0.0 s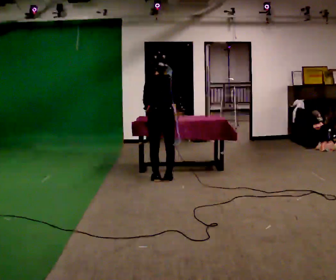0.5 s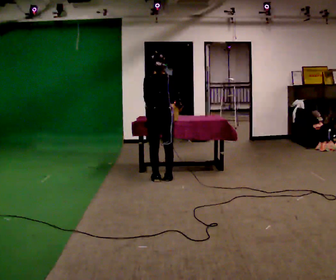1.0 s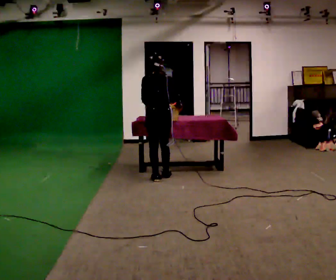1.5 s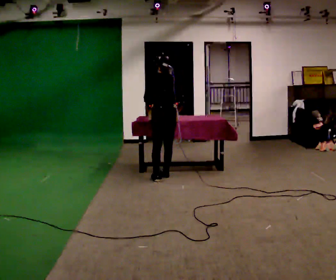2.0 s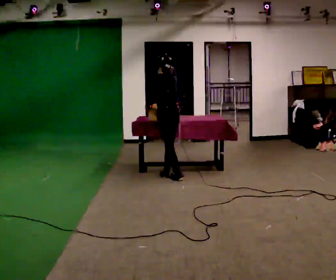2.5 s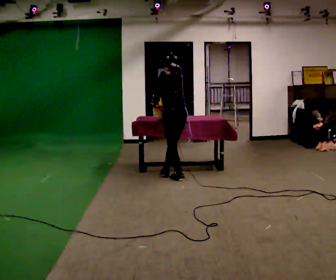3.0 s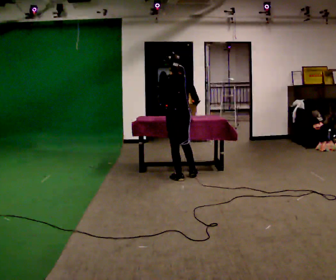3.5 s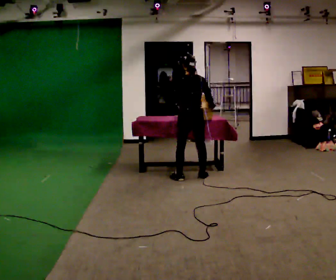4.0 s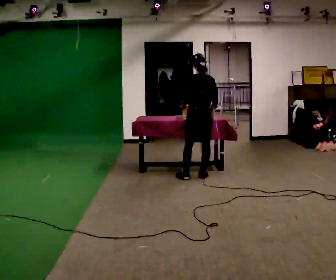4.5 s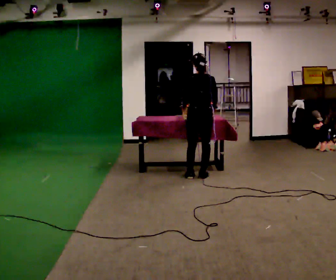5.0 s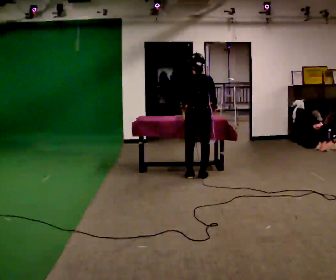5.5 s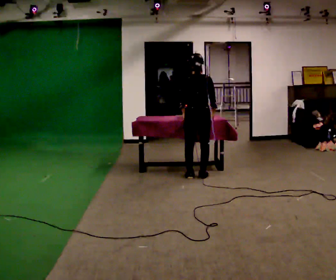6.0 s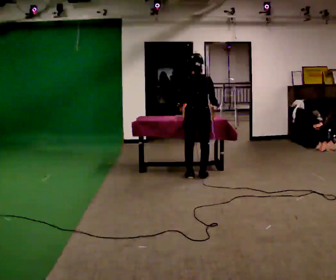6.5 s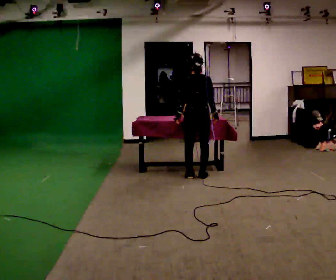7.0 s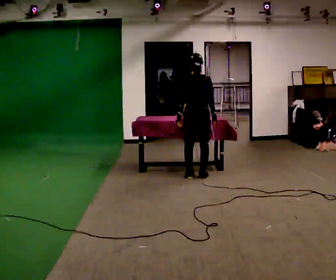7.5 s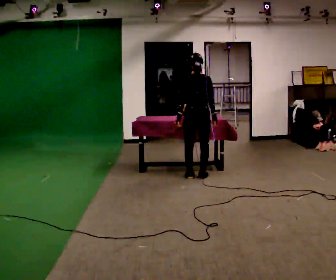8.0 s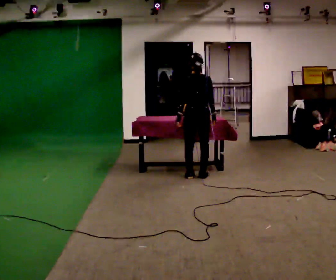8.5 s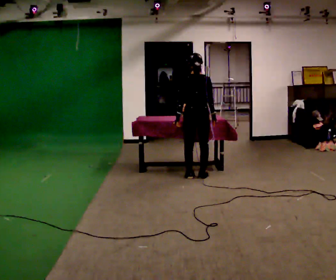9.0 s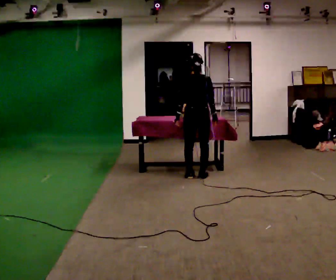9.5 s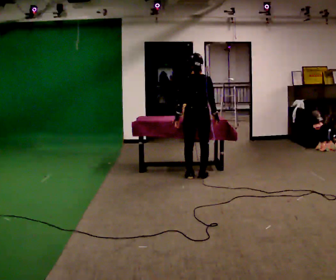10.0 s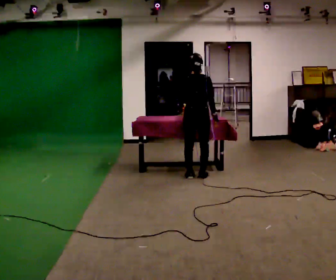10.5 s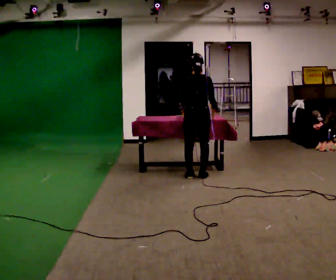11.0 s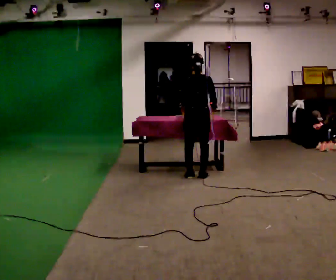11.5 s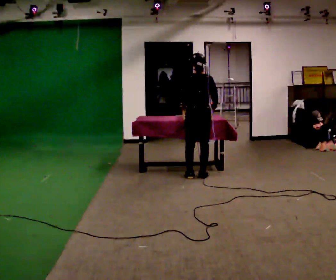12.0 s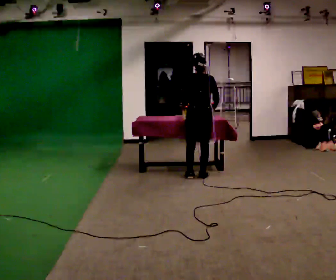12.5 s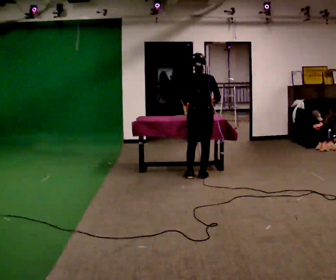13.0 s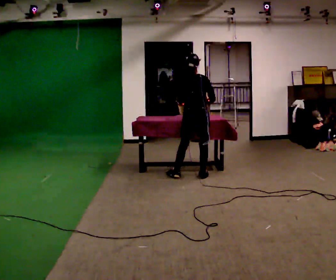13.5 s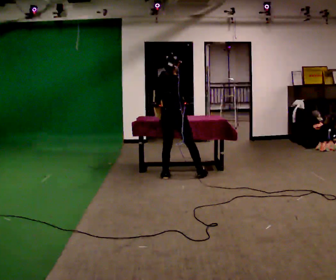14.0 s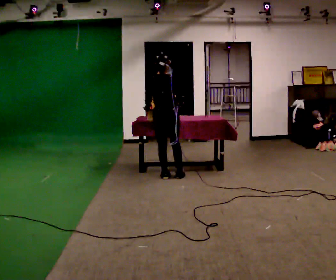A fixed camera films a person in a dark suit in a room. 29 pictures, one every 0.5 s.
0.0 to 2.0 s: The person turns about 30 degrees to their left, counterclockwise seen from above, so the part of the body nearest the lens slides to the right.
2.0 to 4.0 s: In the picture they go to the right, about 0.5 m in 1 step, which for them is to their right and backward.
4.0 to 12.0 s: The person moves a little, or ends about where they began.
12.0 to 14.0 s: In the picture they go to the left, about 0.5 m in 2 steps, which for them is to their left.
The film runs backward here.
